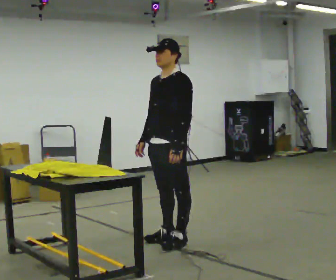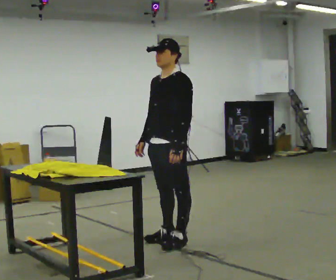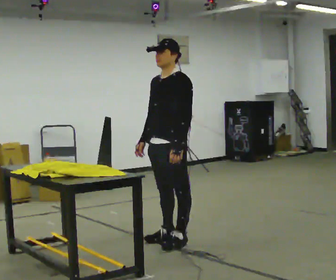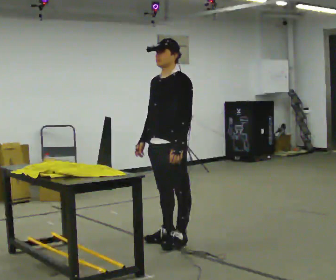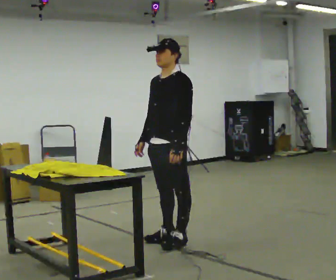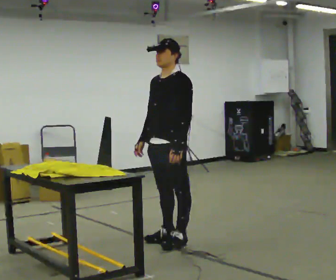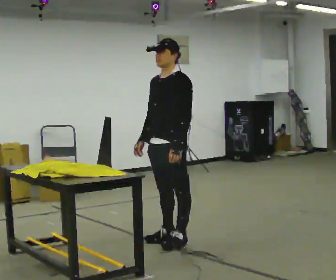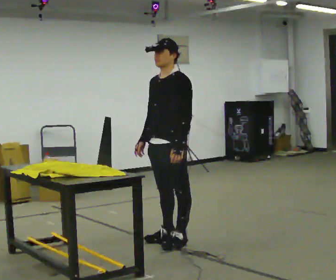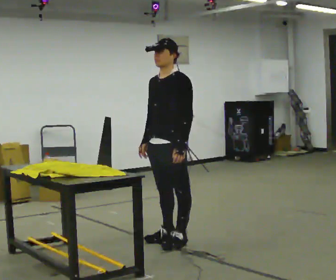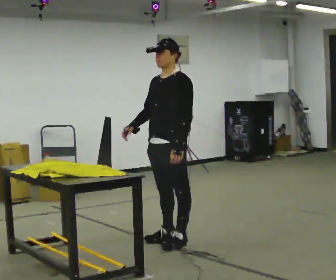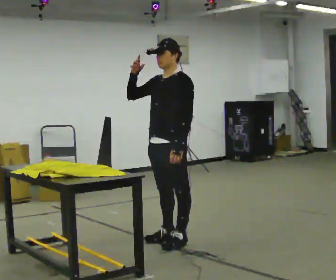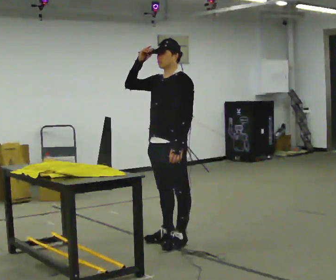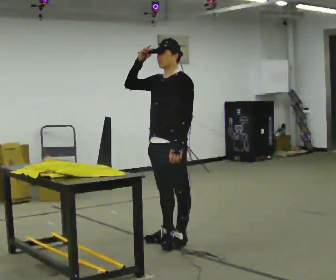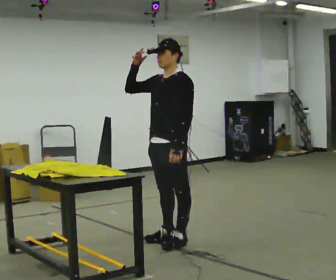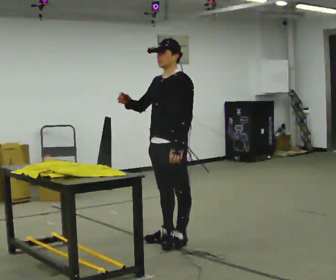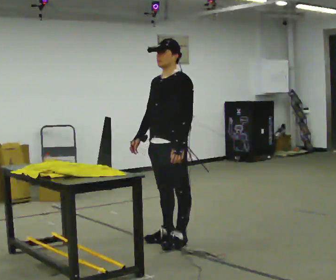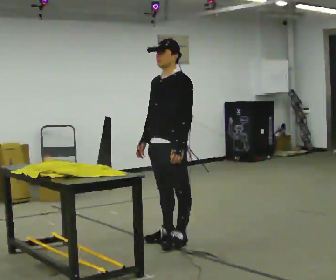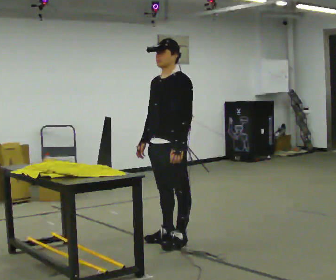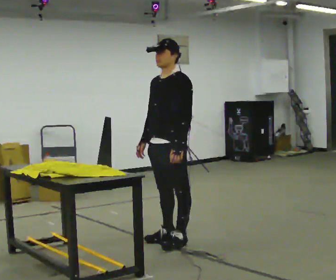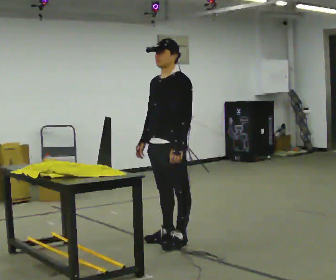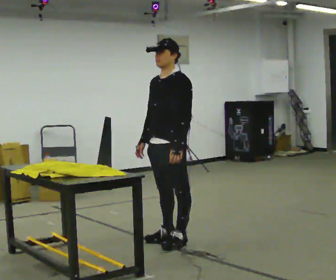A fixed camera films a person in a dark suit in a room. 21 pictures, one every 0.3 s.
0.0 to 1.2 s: The person keeps their place and pose.
1.2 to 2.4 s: The person moves a little, or ends about where they began.
2.4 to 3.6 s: In the picture their right hand goes upward, the arm swinging clockwise.
3.6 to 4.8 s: In the picture their right hand goes downward, the arm swinging counterclockwise.
4.8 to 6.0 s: The person keeps their place and pose.
The film runs backward here.
